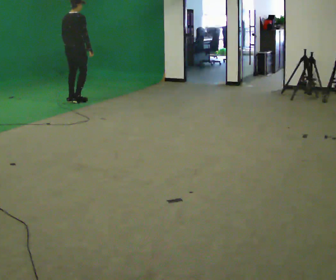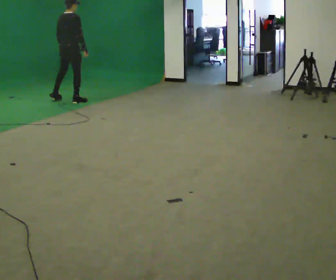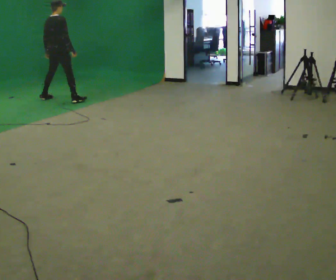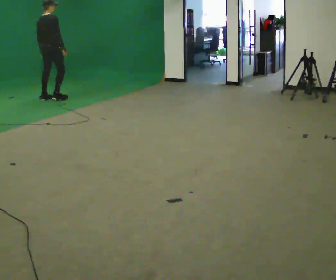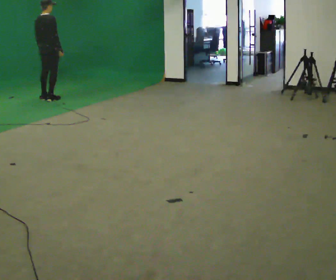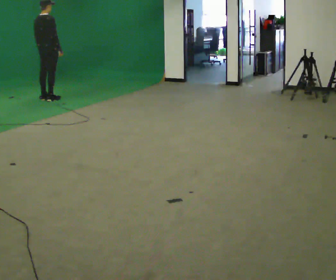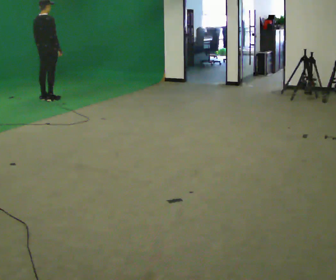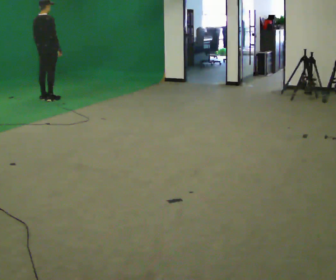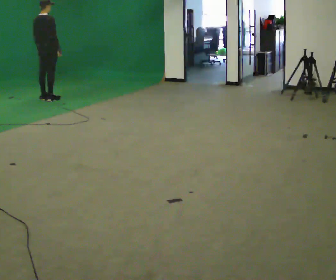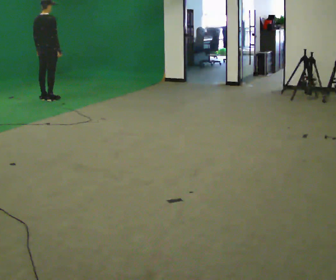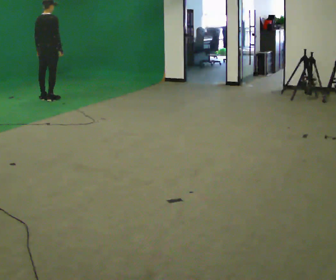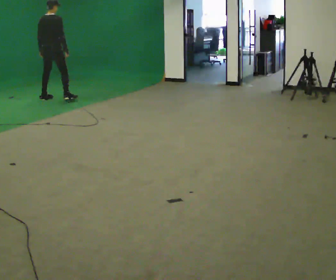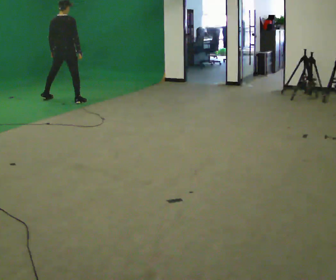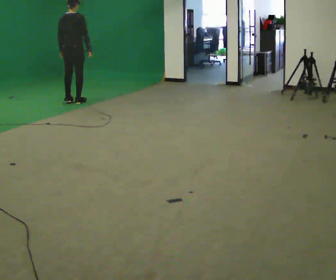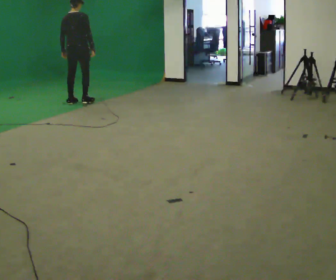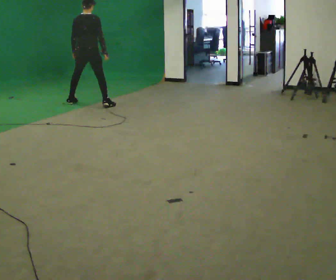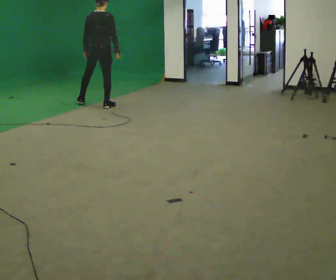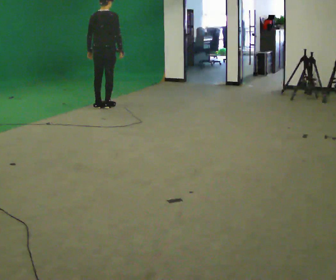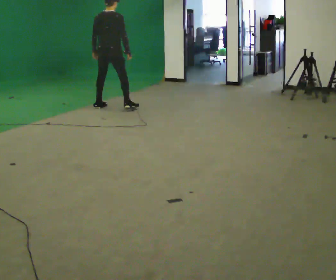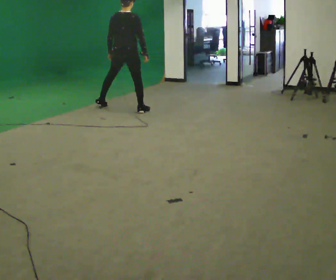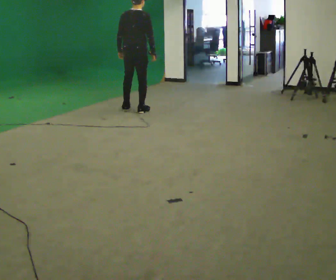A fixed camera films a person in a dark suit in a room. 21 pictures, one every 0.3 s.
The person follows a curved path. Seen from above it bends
counterclockwise.
0.0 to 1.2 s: In the picture they go to the left and away from the camera, about 0.5 m in 2 steps, which for them is to their left.
1.2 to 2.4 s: The person moves a little, or ends about where they began.
2.4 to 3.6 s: In the picture they go to the right and toward the camera, about 0.25 m in 2 steps, which for them is to their right.
3.6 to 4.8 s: In the picture they go toward the camera and to the right, about 1 m in 2 steps, which for them is to their right.
4.8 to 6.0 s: In the picture they go toward the camera and to the right, about 0.5 m in 2 steps, which for them is to their right.
The film runs backward here.
